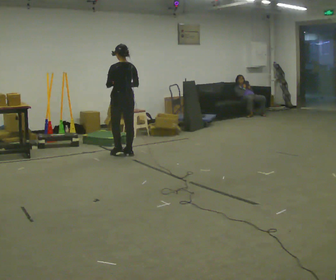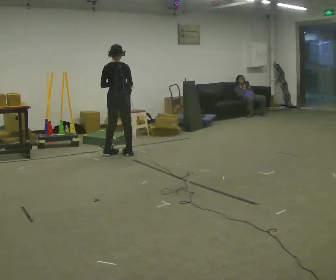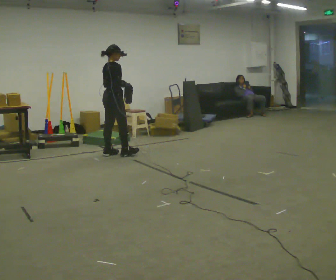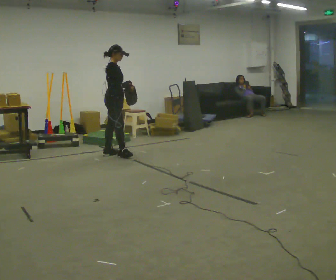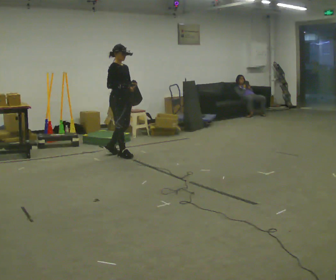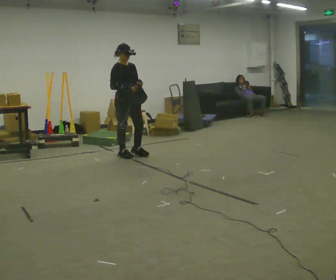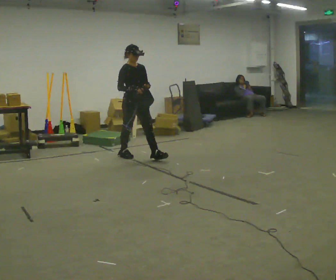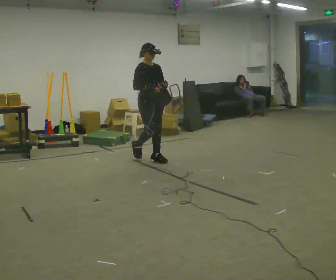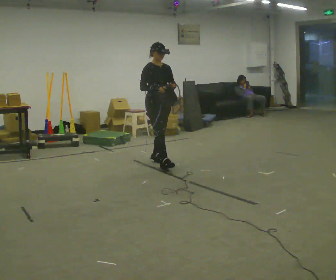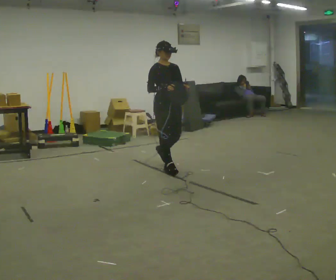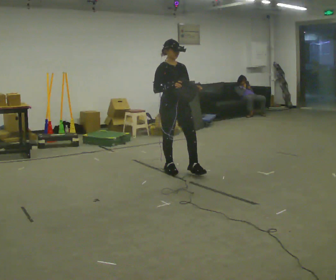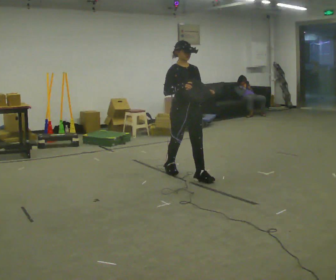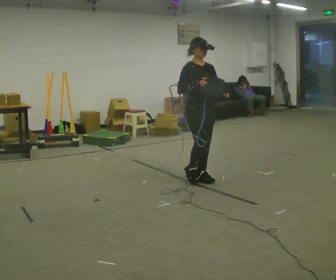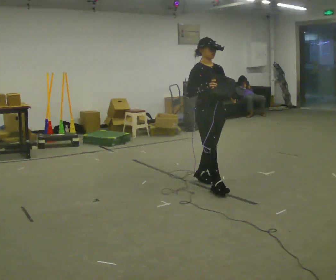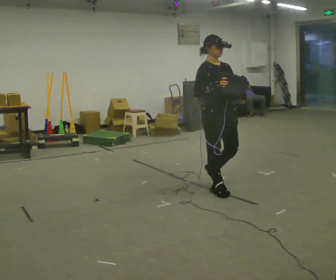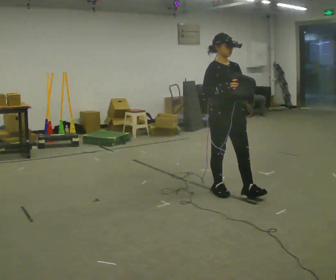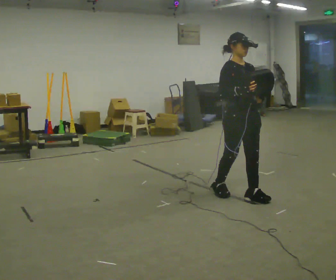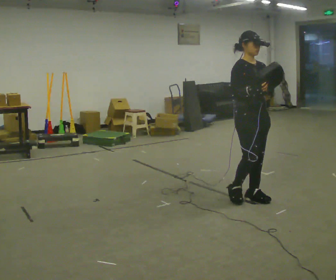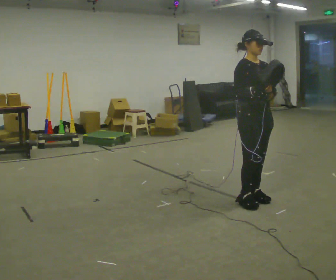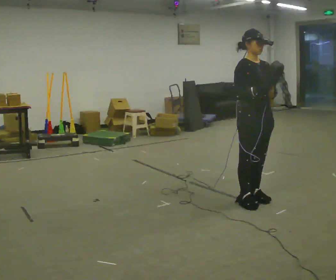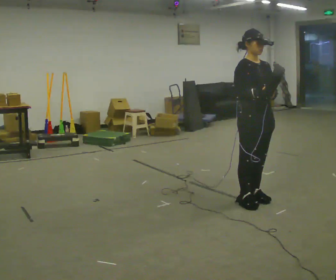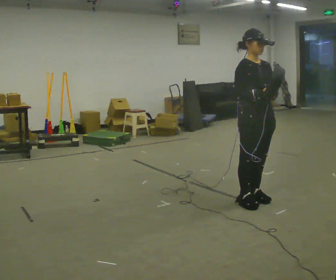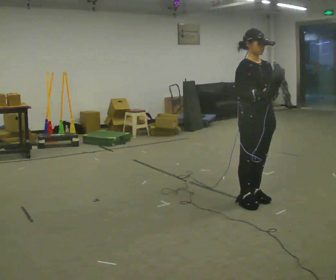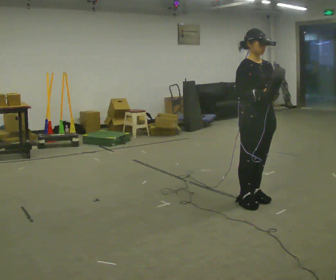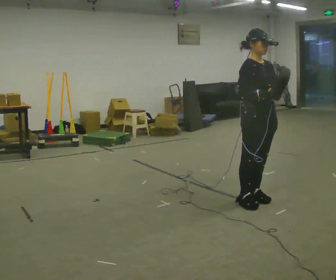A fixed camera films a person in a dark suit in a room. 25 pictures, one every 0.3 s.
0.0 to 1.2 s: Seen from above the body turns clockwise, about 135 degrees: to their right, with its near side sliding to the left. In the picture they go toward the camera, about 0.25 m in 1 step.
1.2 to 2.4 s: Seen from above the body turns clockwise, about 30 degrees: to their right, with its near side sliding to the left. In the picture they go to the right and toward the camera, about 0.75 m in 1 step, which for them is forward.
2.4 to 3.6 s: In the picture they go toward the camera and to the right, about 1 m in 2 steps, which for them is forward.
3.6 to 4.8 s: In the picture they go toward the camera and to the right, about 0.5 m in 2 steps, which for them is forward.
4.8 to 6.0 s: In the picture they go toward the camera, about 0.25 m in 1 step, which for them is forward.
6.0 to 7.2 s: The person moves a little, or ends about where they began.
The film runs forward here.
